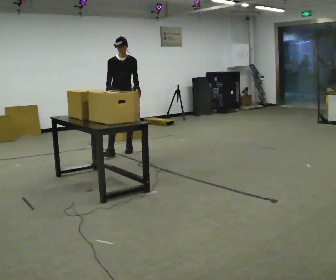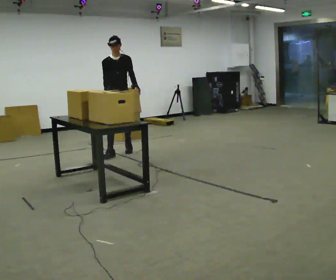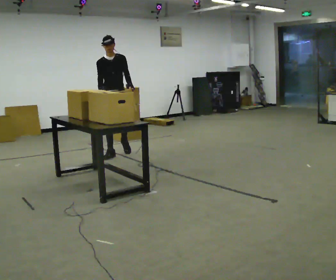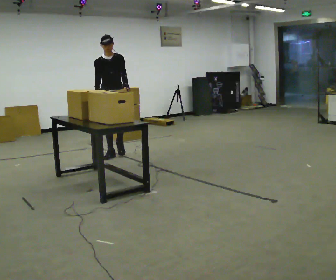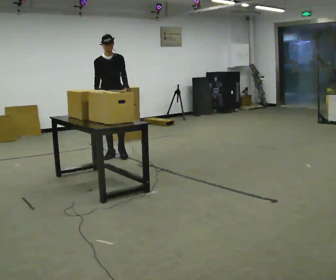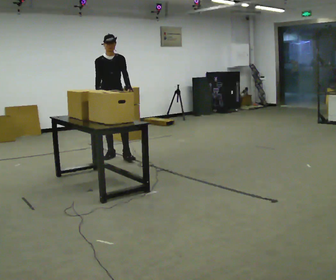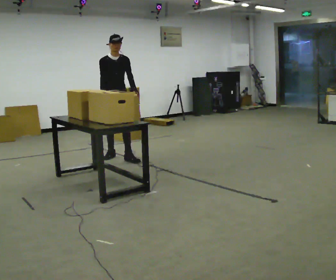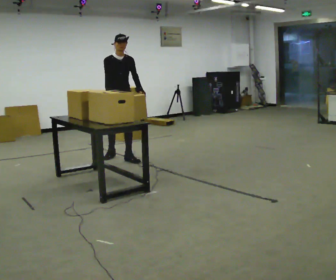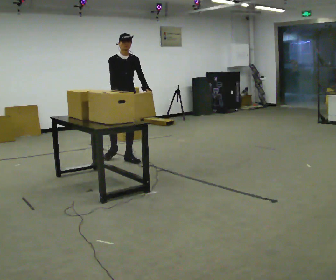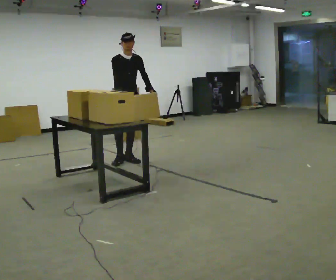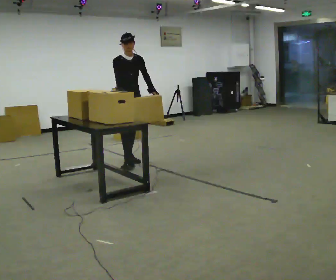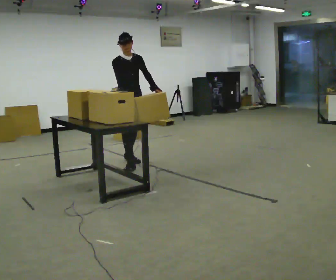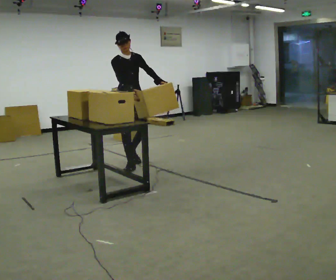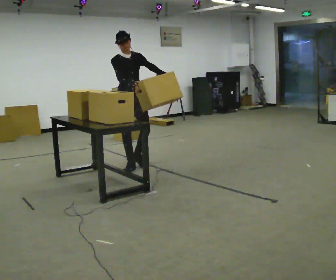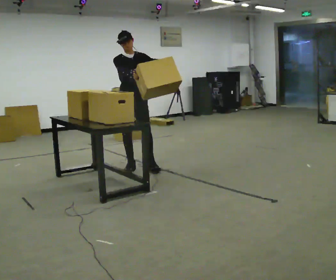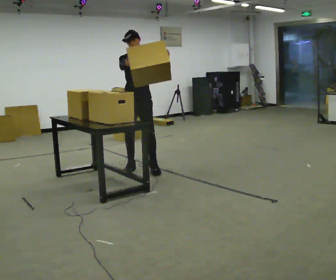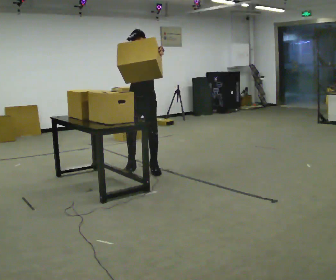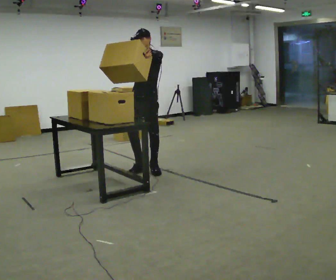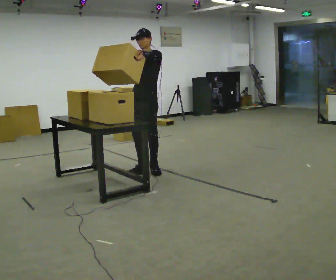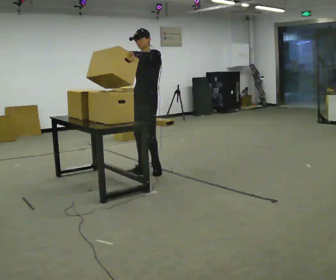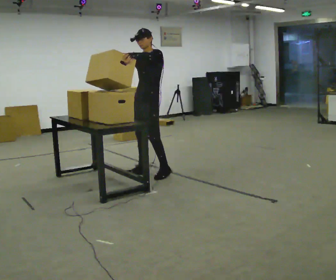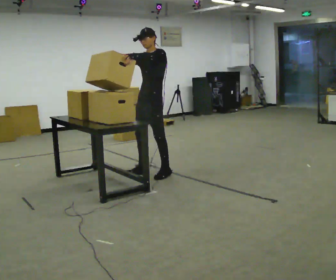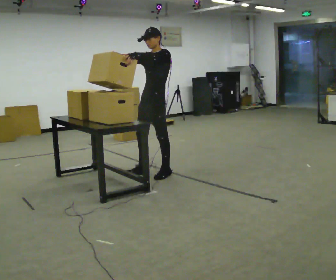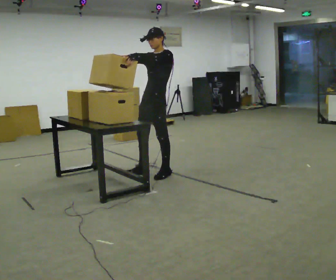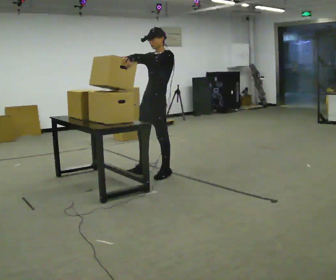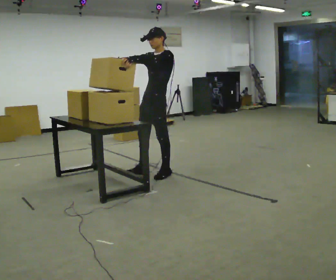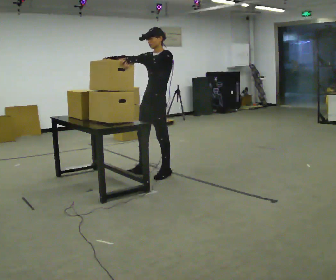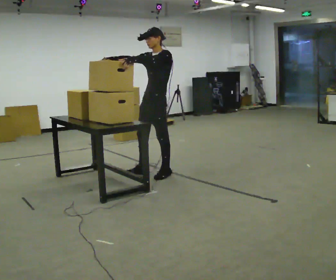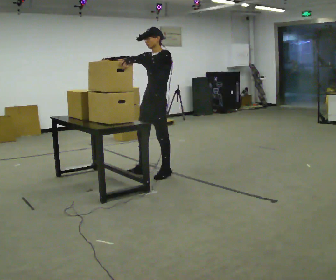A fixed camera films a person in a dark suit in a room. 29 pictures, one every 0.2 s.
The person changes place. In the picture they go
toward the camera.
0.0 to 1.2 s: In the picture they go toward the camera, about 0.25 m in 1 step, which for them is forward.
1.2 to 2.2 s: In the picture they go toward the camera and to the right, about 0.5 m in 1 step, which for them is forward.
2.2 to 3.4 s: The person turns about 45 degrees to their right, clockwise seen from above, so the part of the body nearest the lens slides to the left. In the picture they go toward the camera and to the right, about 0.5 m in 1 step, which for them is forward and to their left. In the picture their left hand goes upward.
3.4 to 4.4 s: The part of the body nearest the lens slides to the left as the person turns to their right by about 30 degrees. In the picture they go toward the camera, about 0.25 m in 2 steps, which for them is to their left.
4.4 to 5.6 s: The person moves a little, or ends about where they began.
The film runs forward here.
